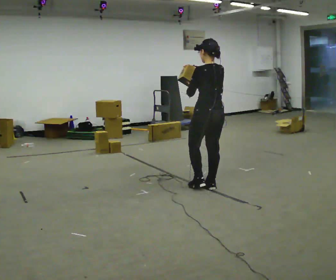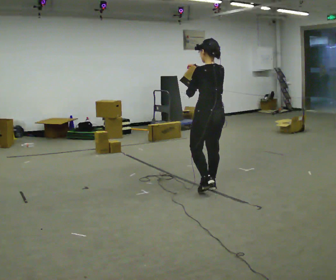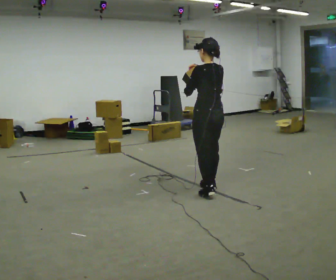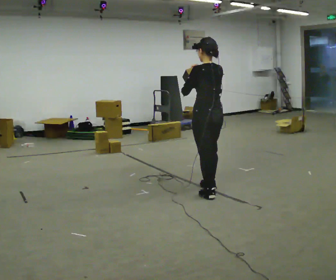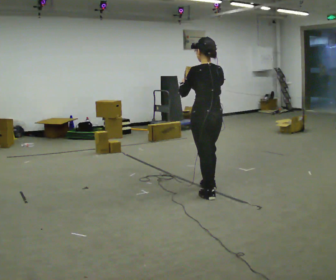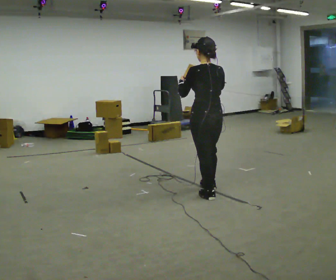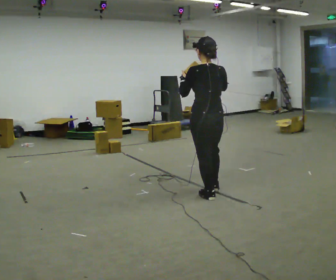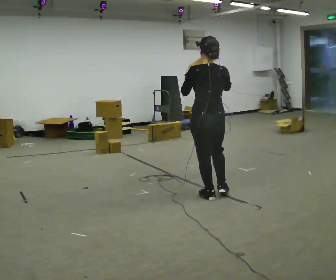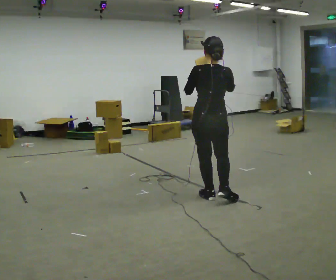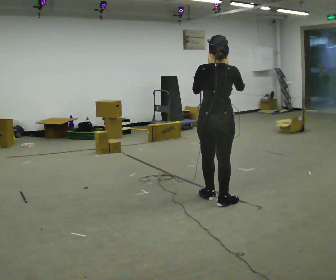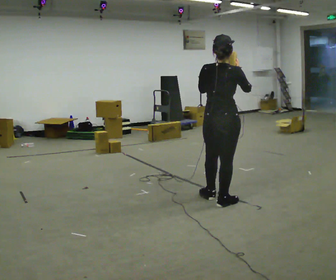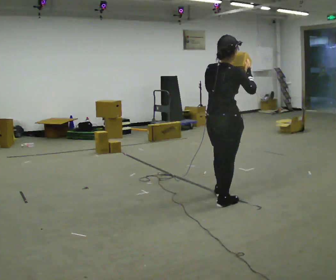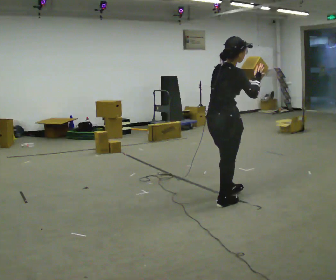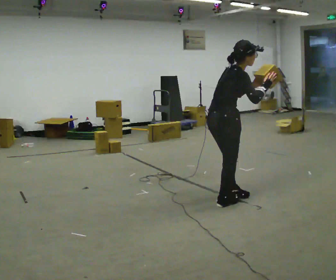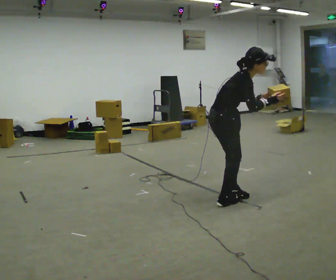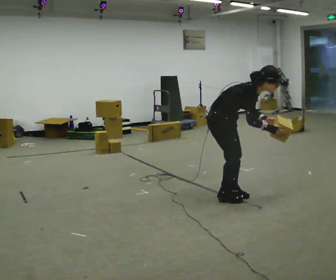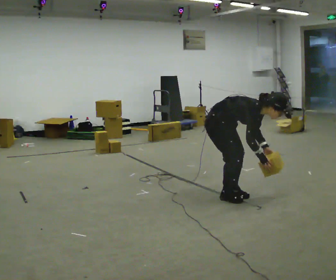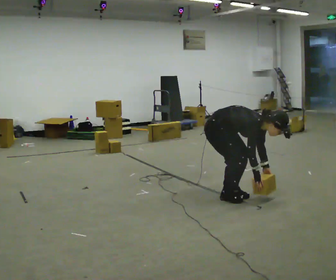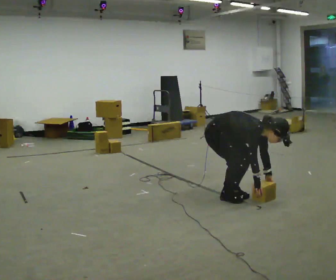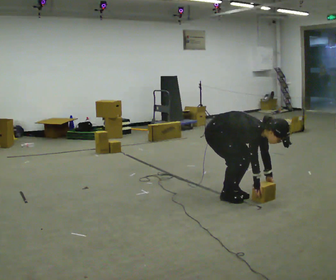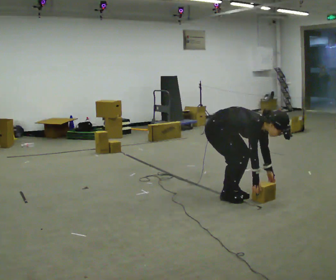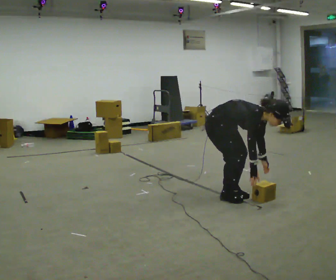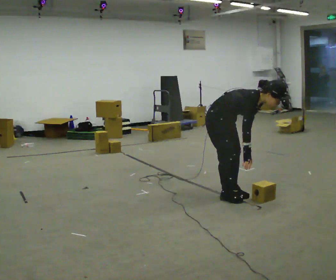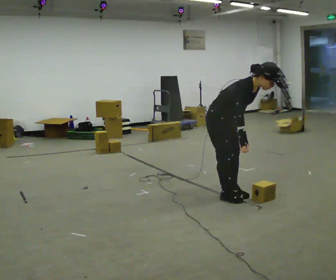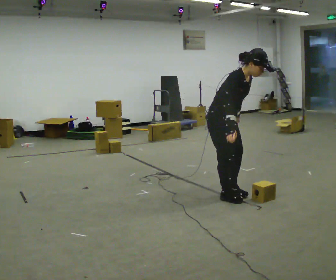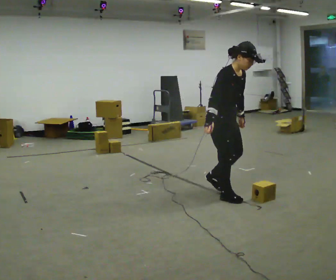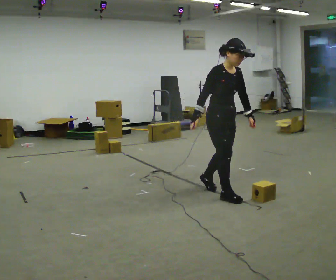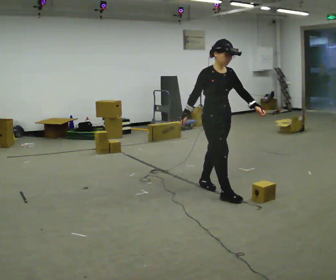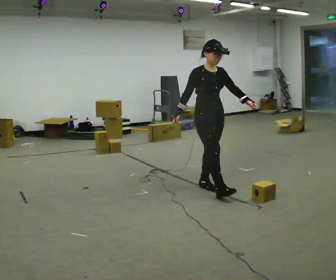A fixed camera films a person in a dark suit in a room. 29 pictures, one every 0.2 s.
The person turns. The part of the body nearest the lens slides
to the left.
The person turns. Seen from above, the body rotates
clockwise.
0.0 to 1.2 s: In the picture they go toward the camera, about 0.25 m in 1 step, which for them is backward and to their left.
1.2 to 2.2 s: Seen from above the body turns clockwise, about 60 degrees: to their right, with its near side sliding to the left. In the picture they go toward the camera and to the right, about 0.25 m in 1 step.
2.2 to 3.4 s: The person turns about 75 degrees to their right, clockwise seen from above, so the part of the body nearest the lens slides to the left. In the picture they go away from the camera, about 0.25 m in 1 step. The shoulders move downward. In the picture the upper body tilts clockwise, shoulders to the right, as they bend forward. In the picture their right hand goes downward.
3.4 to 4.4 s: In the picture their left hand goes upward.
4.4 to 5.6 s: In the picture they go away from the camera, about 0.25 m in 2 steps, which for them is backward and to their left. The shoulders move upward. In the picture the upper body tilts counterclockwise, shoulders to the left, as they lean back or straighten. In the picture their left hand goes upward, the arm swinging counterclockwise.
The film runs backward here.
